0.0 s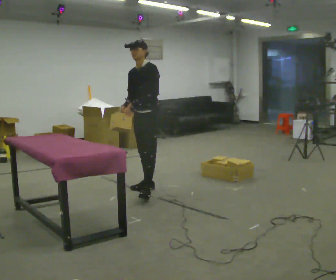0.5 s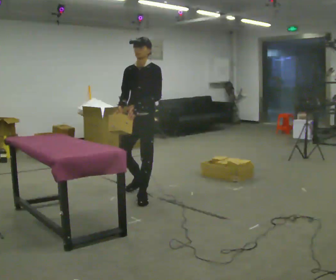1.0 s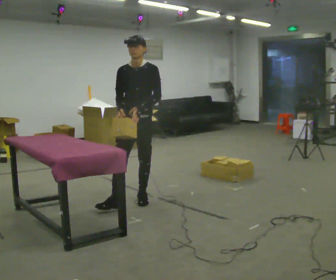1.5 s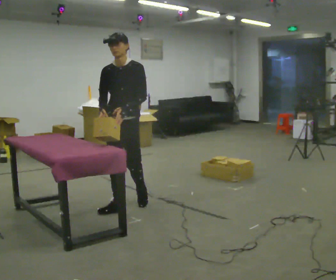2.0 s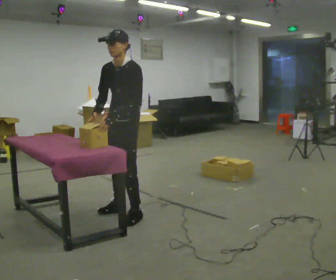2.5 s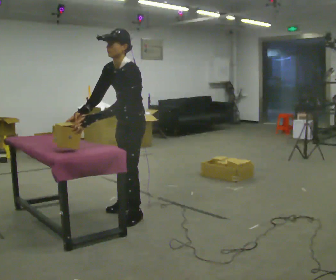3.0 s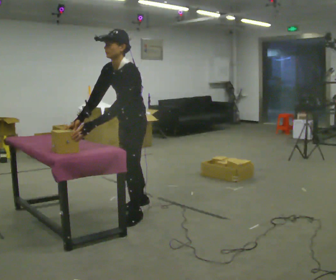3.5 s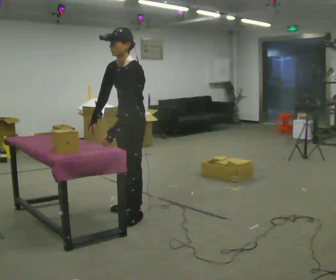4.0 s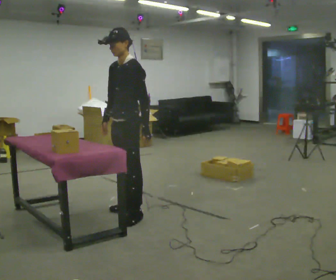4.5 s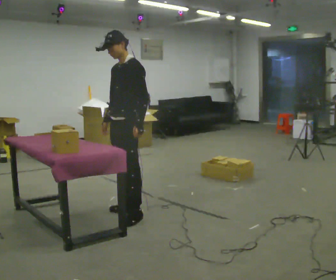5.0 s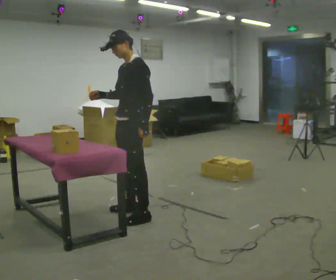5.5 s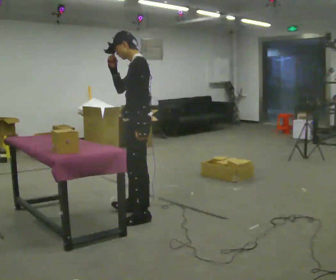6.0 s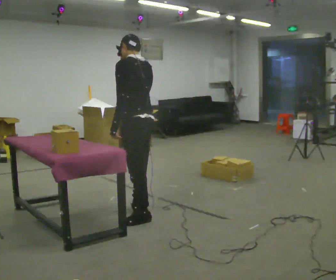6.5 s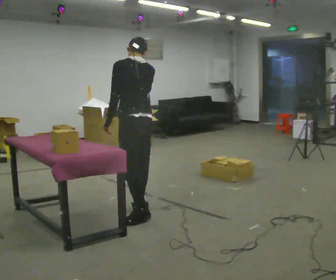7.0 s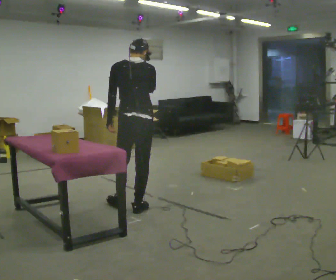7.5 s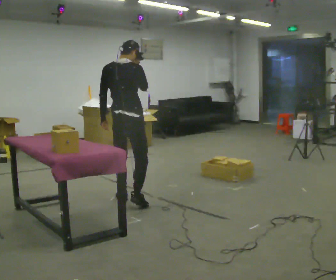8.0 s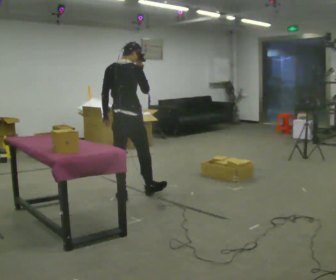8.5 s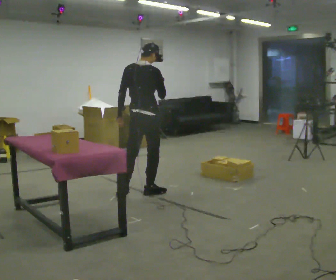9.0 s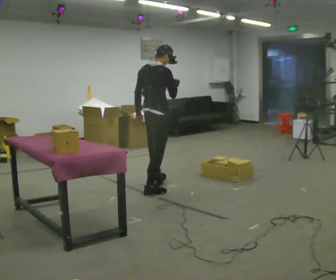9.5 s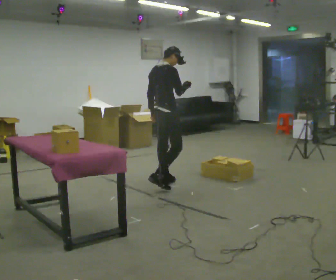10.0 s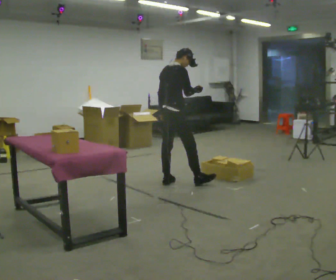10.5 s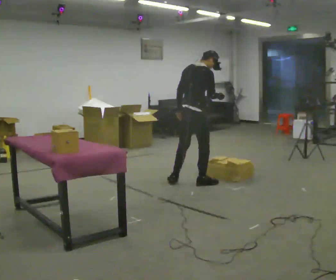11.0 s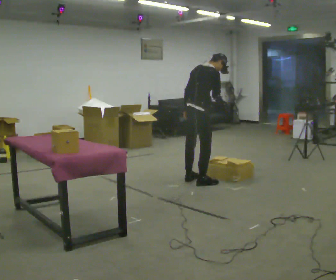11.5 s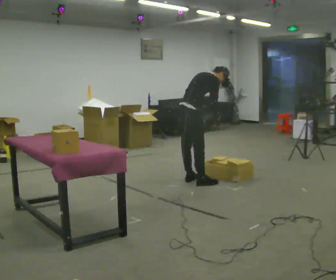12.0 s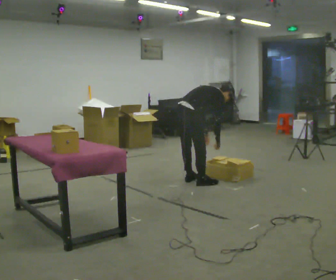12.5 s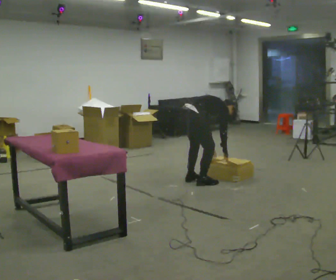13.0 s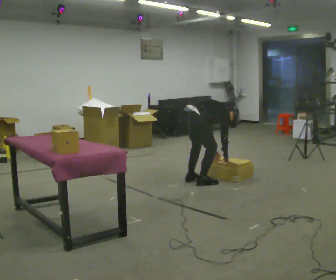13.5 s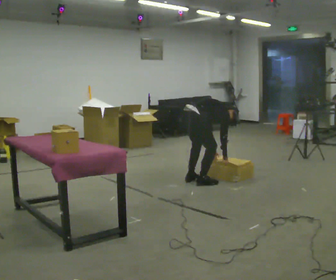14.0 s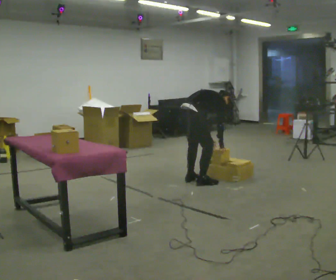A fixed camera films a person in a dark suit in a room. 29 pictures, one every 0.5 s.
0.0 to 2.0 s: In the picture they go toward the camera, about 1 m in 3 steps, which for them is forward.
2.0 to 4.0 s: The person moves a little, or ends about where they began.
4.0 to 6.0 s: The part of the body nearest the lens slides to the left as the person turns to their right by about 75 degrees. In the picture their right hand goes upward.
6.0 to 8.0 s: Seen from above the body turns clockwise, about 75 degrees: to their right, with its near side sliding to the left. In the picture they go away from the camera, about 0.75 m in 1 step.
8.0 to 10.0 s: The part of the body nearest the lens slides to the left as the person turns to their right by about 30 degrees. In the picture they go to the right and away from the camera, about 1 m in 2 steps, which for them is forward.
10.0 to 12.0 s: In the picture they go to the right, about 0.25 m in 2 steps, which for them is forward and to their right. The shoulders move downward. In the picture the upper body tilts clockwise, shoulders to the right, as they bend forward. In the picture their right hand goes downward, the arm swinging clockwise.
12.0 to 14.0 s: The person moves a little, or ends about where they began.
The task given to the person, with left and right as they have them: Reach down into the deep bin on the floor, take out one object at a time, carry it to the shelf, and come back for the next one. Keep going until the operator says stop; one object at a time, and do not rush between trips.
The film runs forward here.
